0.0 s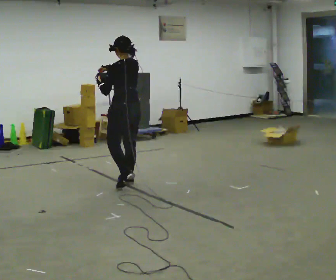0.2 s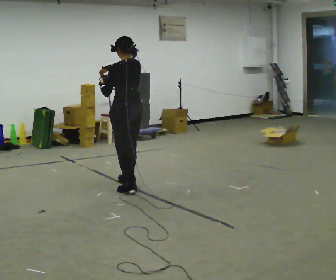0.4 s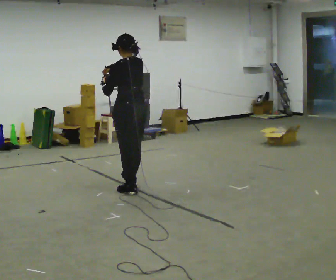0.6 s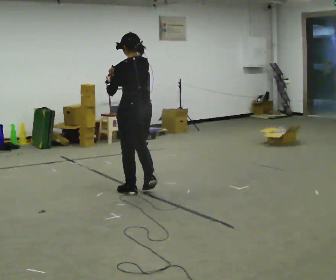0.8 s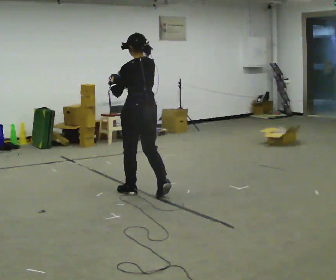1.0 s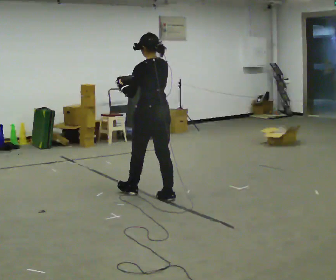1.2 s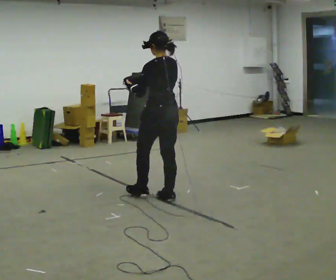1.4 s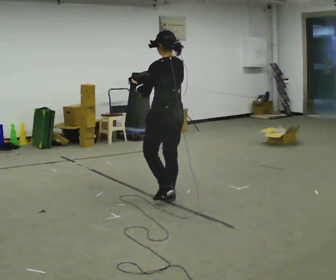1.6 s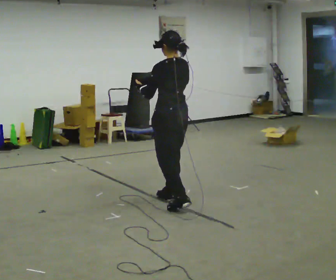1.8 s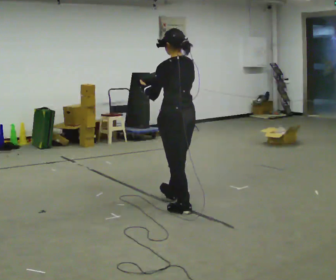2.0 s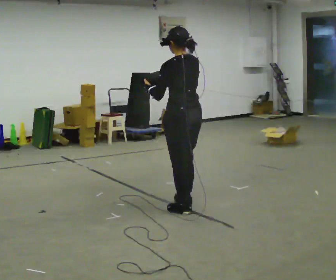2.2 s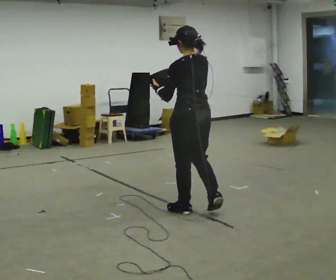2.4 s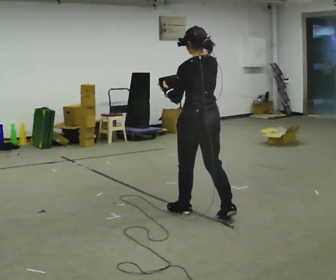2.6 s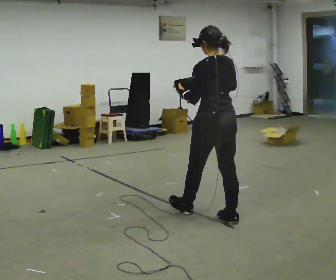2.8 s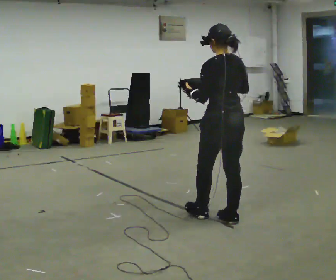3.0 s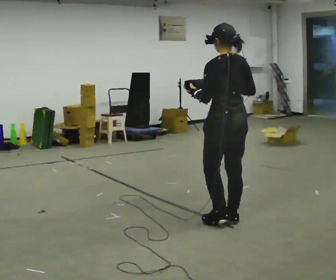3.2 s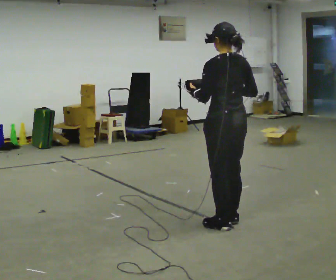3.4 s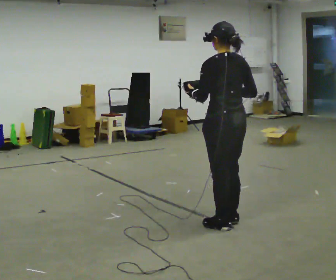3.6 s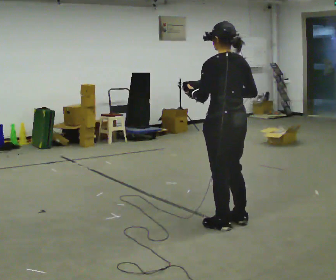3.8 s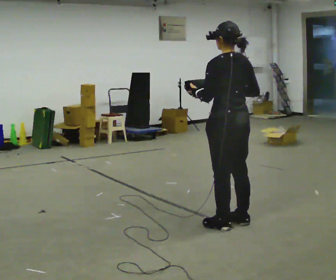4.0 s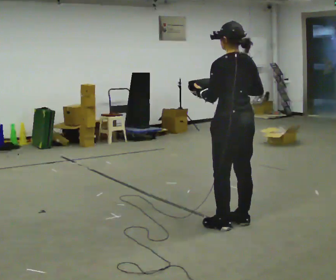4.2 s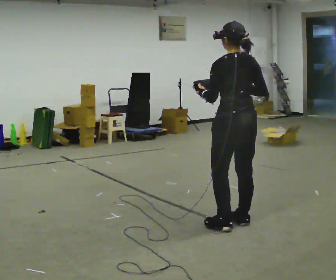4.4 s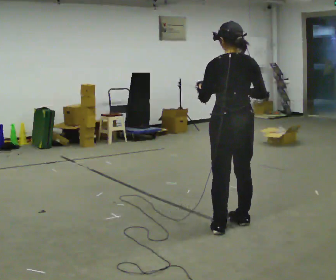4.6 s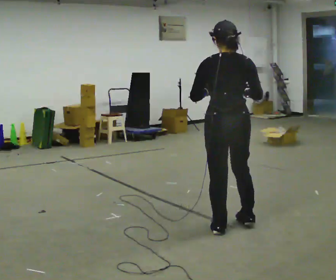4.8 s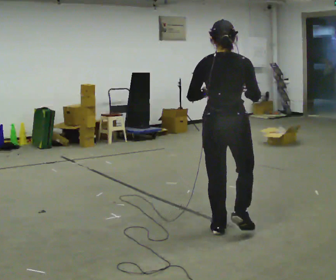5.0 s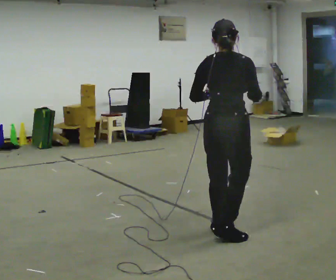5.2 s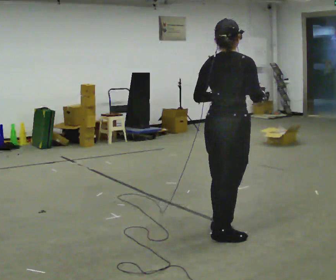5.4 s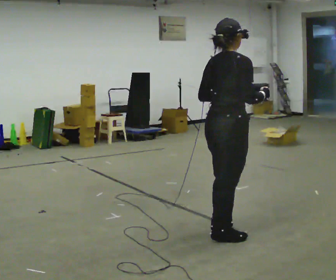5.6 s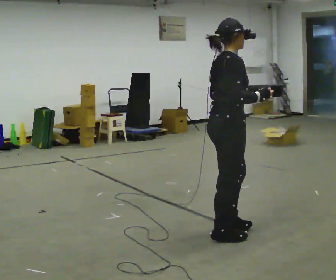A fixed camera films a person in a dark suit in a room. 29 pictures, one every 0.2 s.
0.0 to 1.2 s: In the picture they go to the right and toward the camera, about 0.75 m in 2 steps, which for them is backward.
1.2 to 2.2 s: In the picture they go toward the camera and to the right, about 0.5 m in 1 step, which for them is backward.
2.2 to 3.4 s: In the picture they go to the right and toward the camera, about 0.5 m in 1 step, which for them is backward.
3.4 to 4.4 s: The person moves a little, or ends about where they began.
4.4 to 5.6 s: Seen from above the body turns clockwise, about 90 degrees: to their right, with its near side sliding to the left. In the picture they go toward the camera, about 0.25 m in 2 steps.
The film runs backward here.
